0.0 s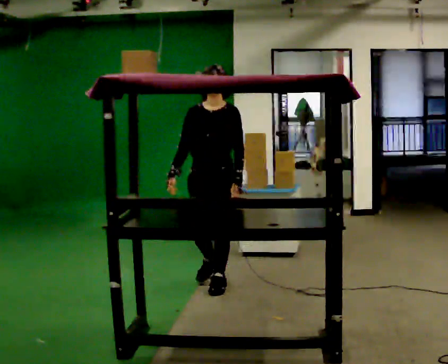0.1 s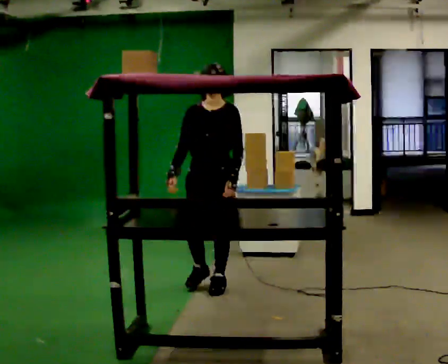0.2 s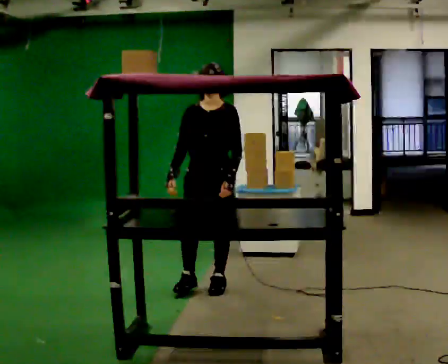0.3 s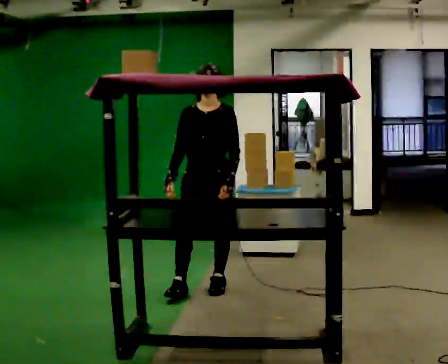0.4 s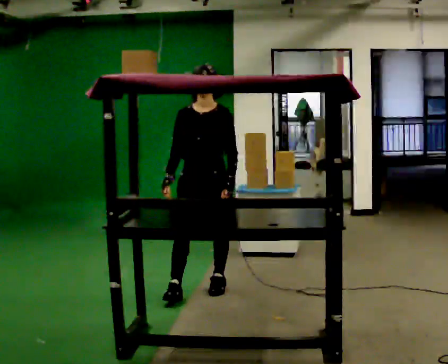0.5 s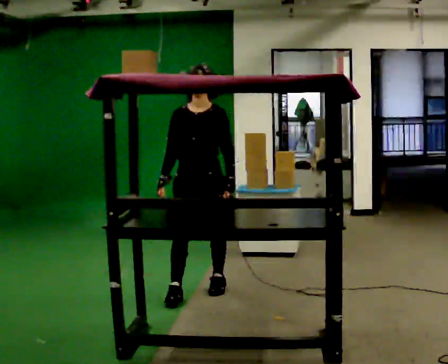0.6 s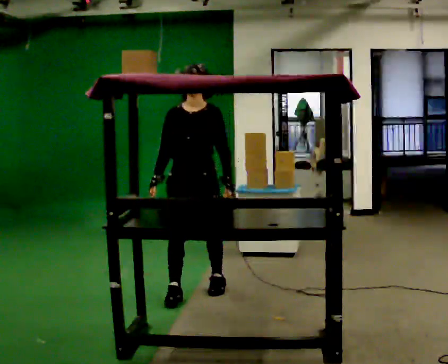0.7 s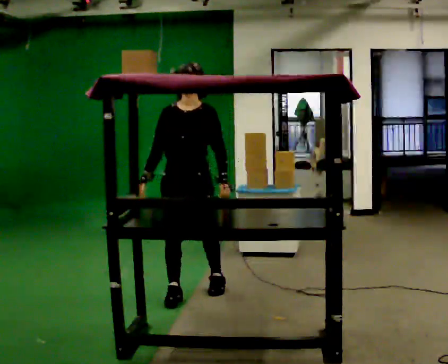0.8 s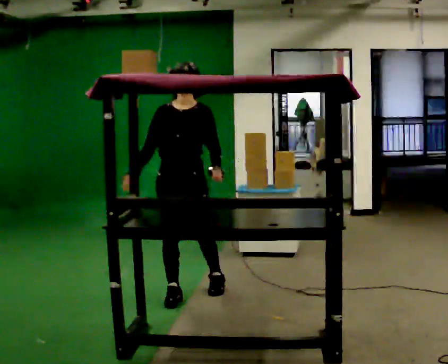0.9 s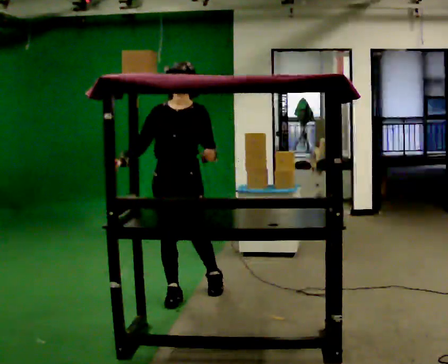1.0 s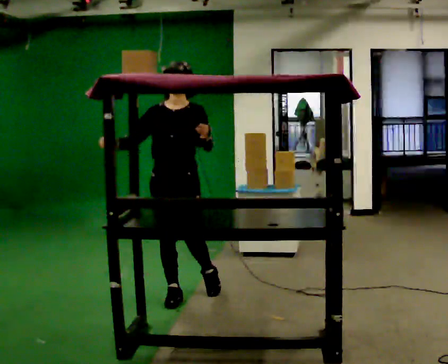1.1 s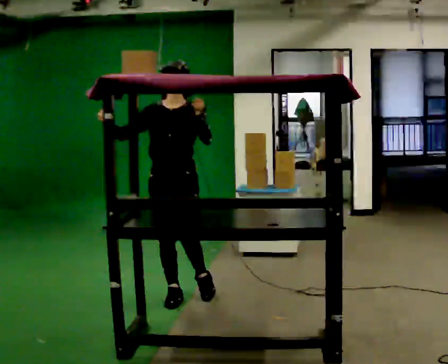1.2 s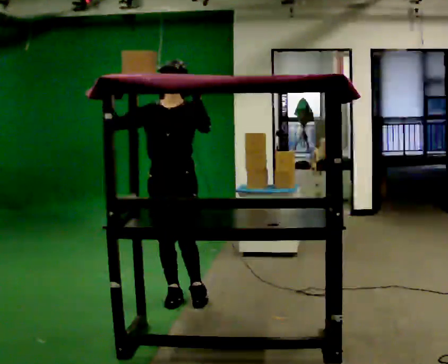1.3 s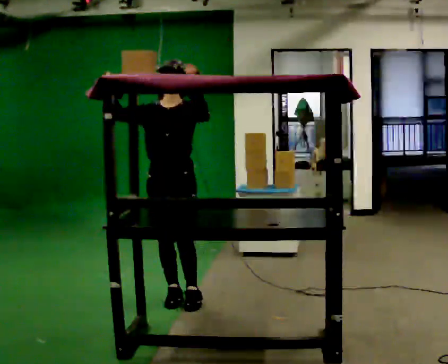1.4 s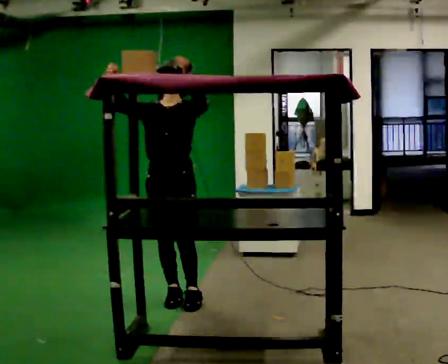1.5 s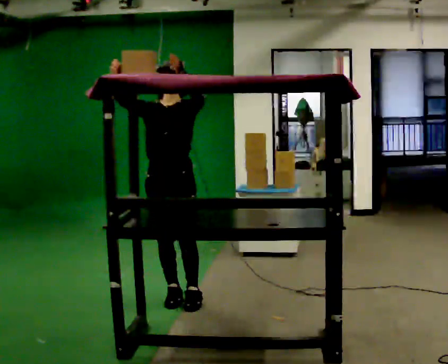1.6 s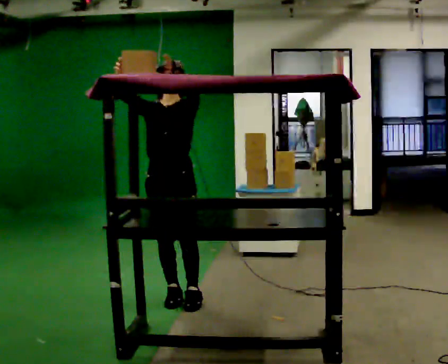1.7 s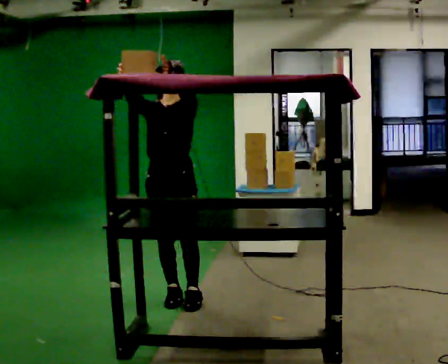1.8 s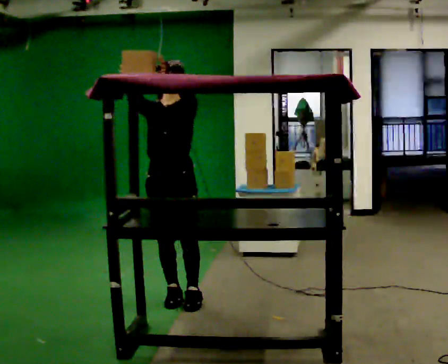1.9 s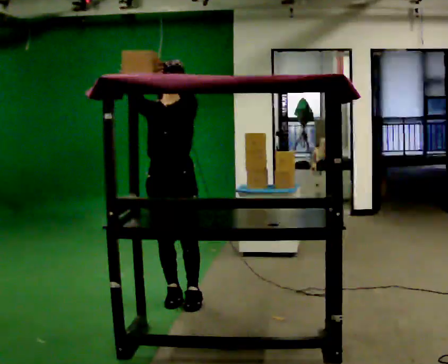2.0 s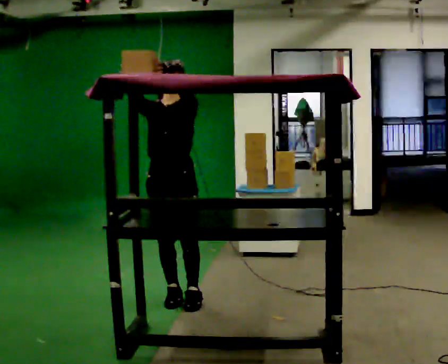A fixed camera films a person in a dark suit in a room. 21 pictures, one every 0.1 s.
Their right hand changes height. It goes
upward.
Their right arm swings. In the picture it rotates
clockwise.
0.0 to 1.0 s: In the picture they go to the left and toward the camera, about 0.5 m in 1 step, which for them is forward. In the picture their left hand goes upward.
1.0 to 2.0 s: In the picture their right hand goes upward, the arm swinging clockwise.
The film runs forward here.
